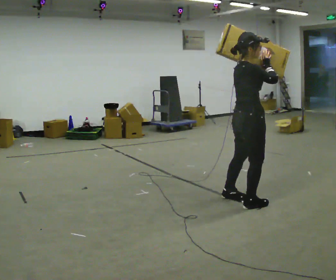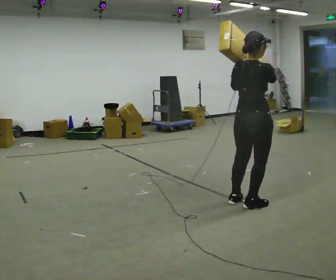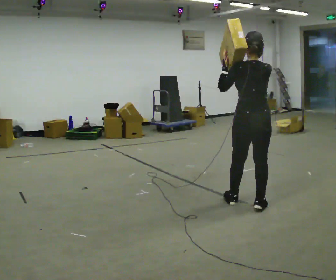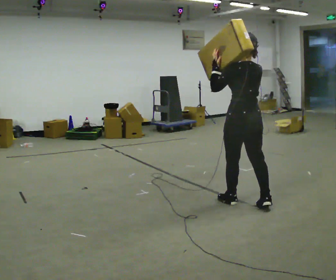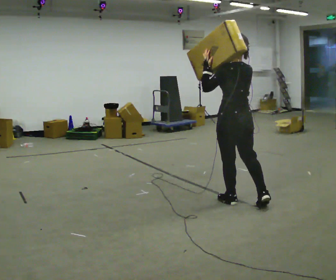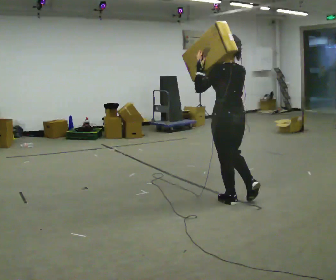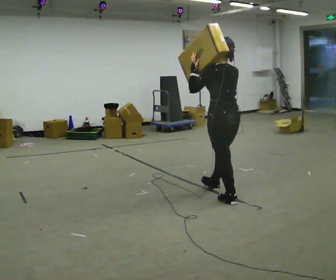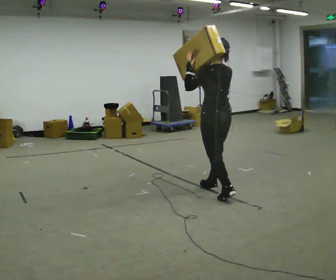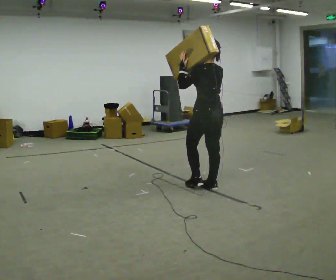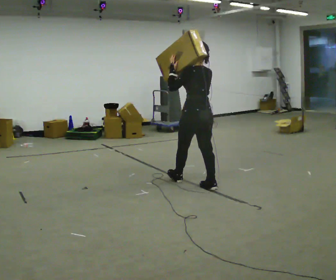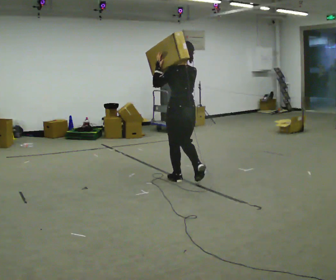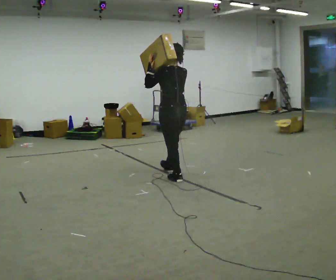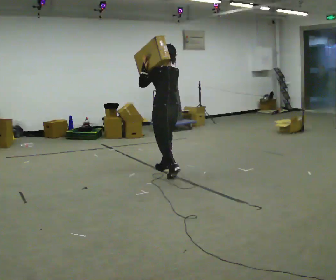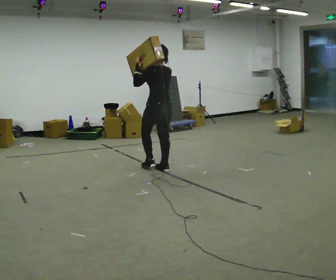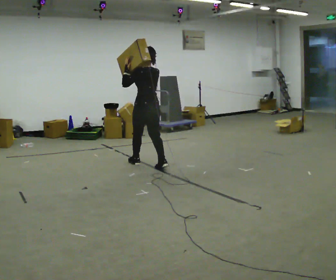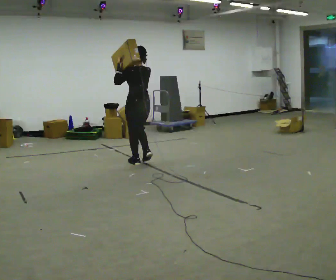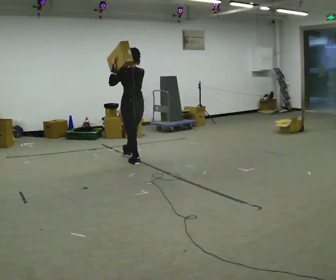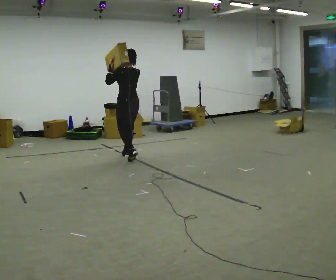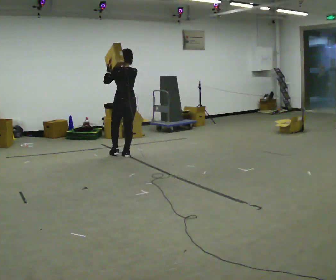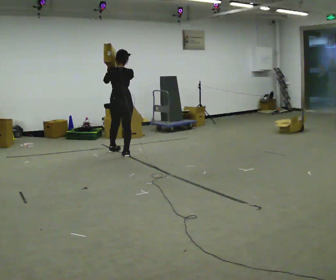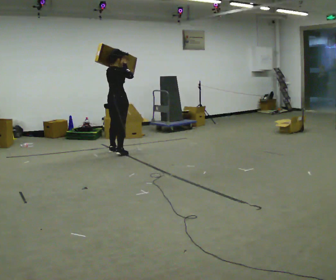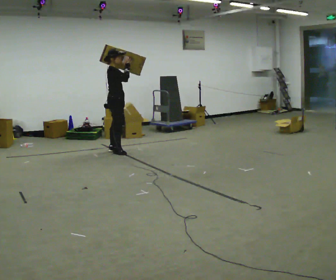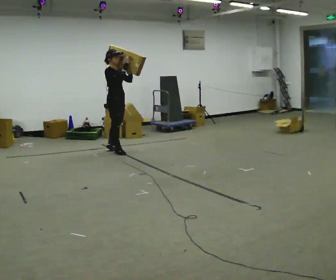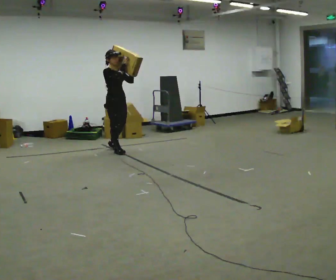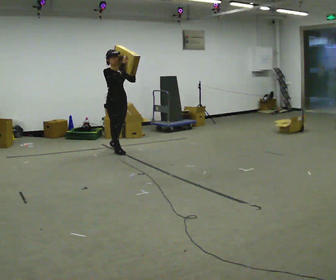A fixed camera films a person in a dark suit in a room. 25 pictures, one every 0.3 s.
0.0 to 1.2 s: The person turns about 105 degrees to their left, counterclockwise seen from above, so the part of the body nearest the lens slides to the right. In the picture their left hand goes to the left.
1.2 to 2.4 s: In the picture they go away from the camera and to the left, about 0.5 m in 1 step, which for them is forward.
2.4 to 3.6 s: In the picture they go away from the camera and to the left, about 1 m in 2 steps, which for them is forward.
3.6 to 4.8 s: In the picture they go away from the camera and to the left, about 1 m in 1 step, which for them is forward.
4.8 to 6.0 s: The person turns about 90 degrees to their right, clockwise seen from above, so the part of the body nearest the lens slides to the left. In the picture they go away from the camera and to the left, about 0.75 m in 2 steps.
6.0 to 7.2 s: Seen from above the body turns clockwise, about 90 degrees: to their right, with its near side sliding to the left.
The film runs forward here.
